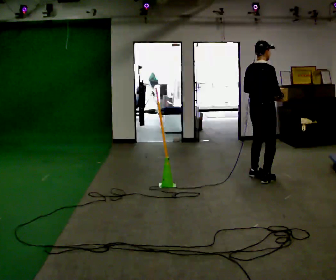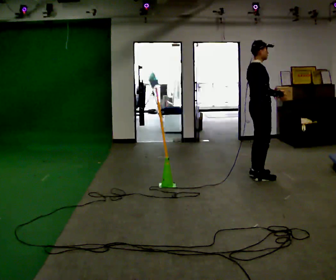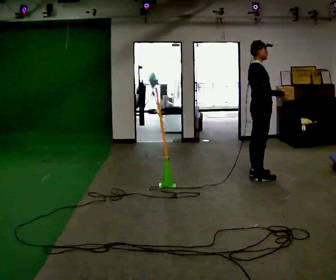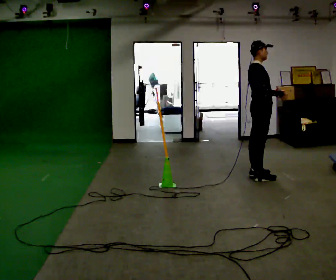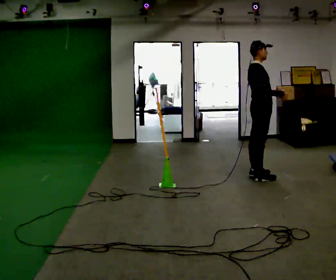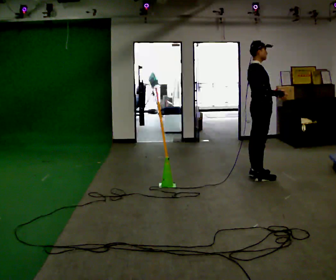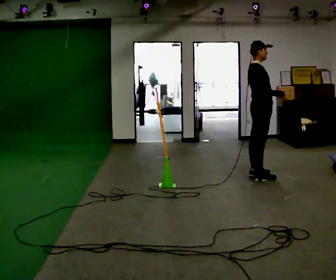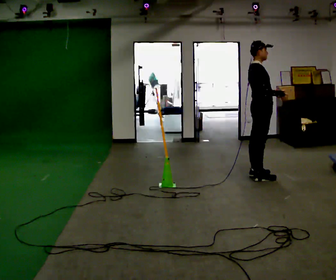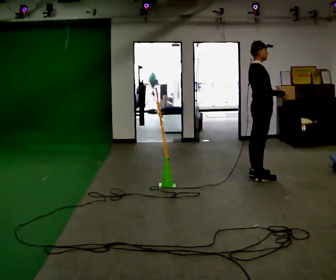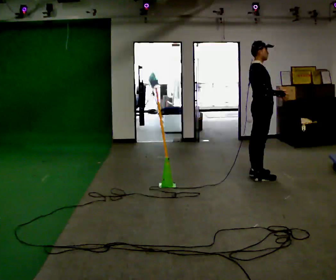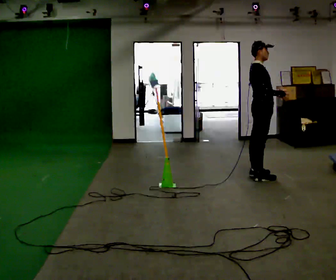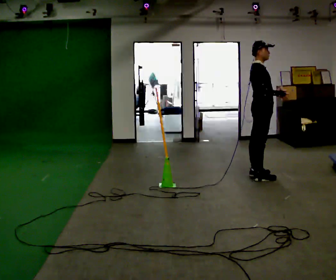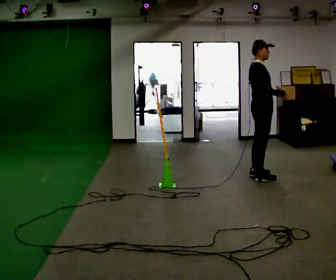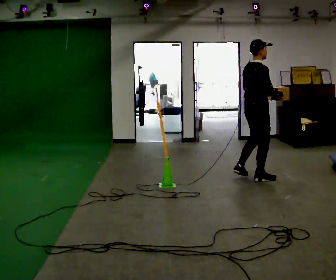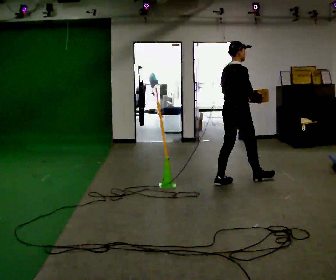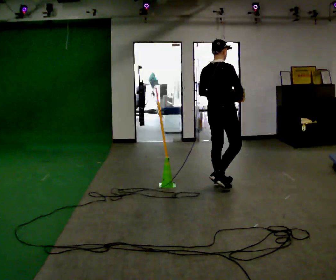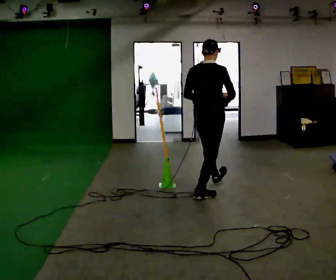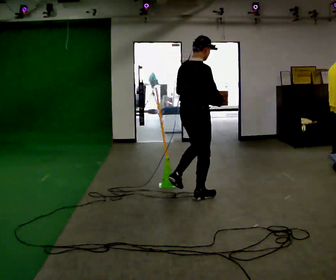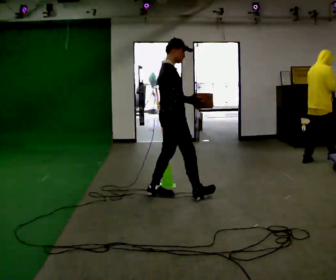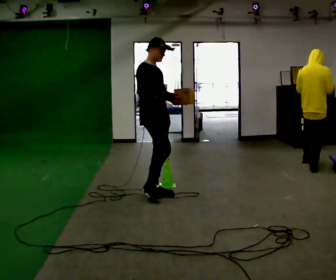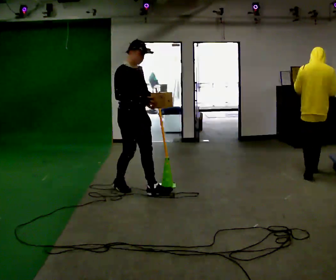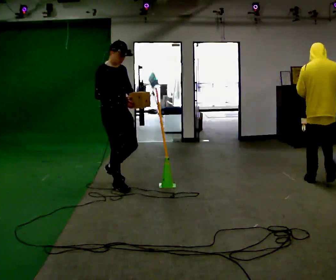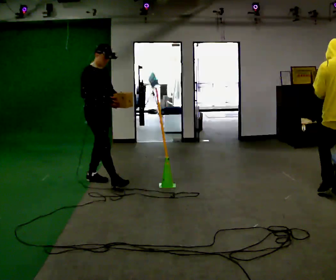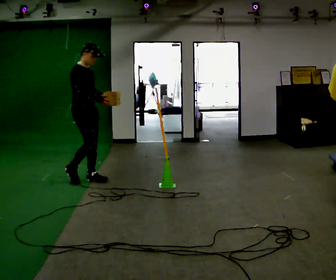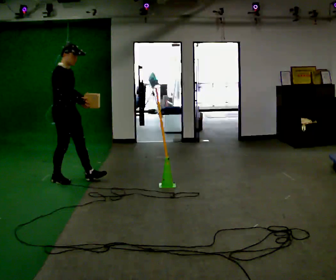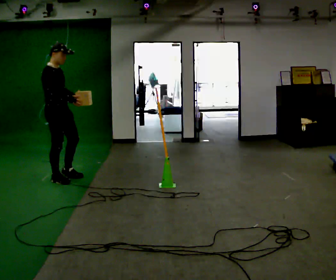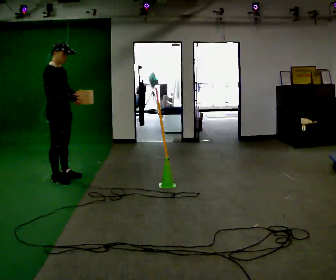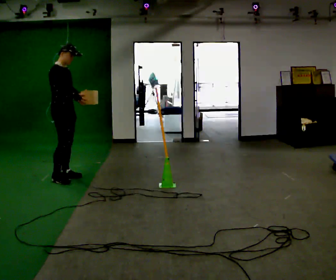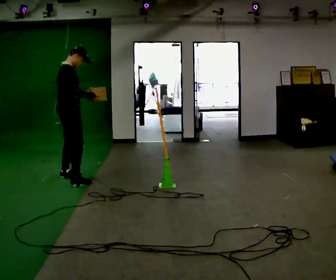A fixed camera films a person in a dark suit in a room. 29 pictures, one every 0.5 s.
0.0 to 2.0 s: The person turns about 30 degrees to their right, clockwise seen from above, so the part of the body nearest the lens slides to the left.
2.0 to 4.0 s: The person keeps their place and pose.
4.0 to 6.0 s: The person moves a little, or ends about where they began.
6.0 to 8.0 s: Seen from above the body turns counterclockwise, about 60 degrees: to their left, with its near side sliding to the right. In the picture they go toward the camera and to the left, about 1 m in 2 steps, which for them is backward.
8.0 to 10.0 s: Seen from above the body turns clockwise, about 90 degrees: to their right, with its near side sliding to the left. In the picture they go to the left, about 1 m in 2 steps.
10.0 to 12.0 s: The person turns about 30 degrees to their left, counterclockwise seen from above, so the part of the body nearest the lens slides to the right. In the picture they go to the left, about 1 m in 2 steps, which for them is backward.
12.0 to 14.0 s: The person turns about 30 degrees to their left, counterclockwise seen from above, so the part of the body nearest the lens slides to the right.
The film runs backward here.
